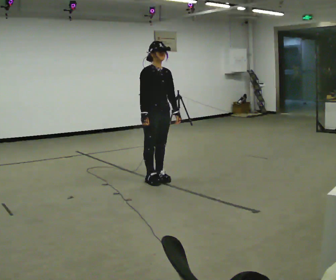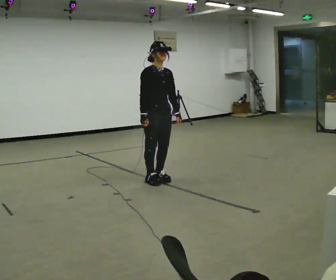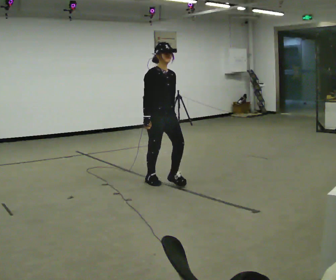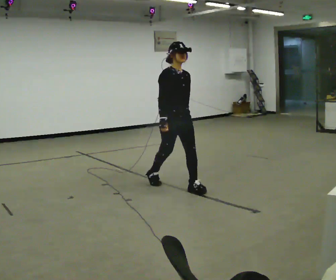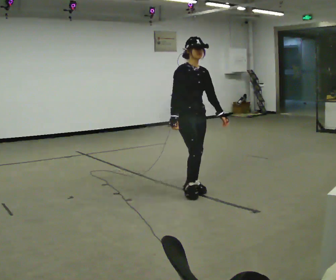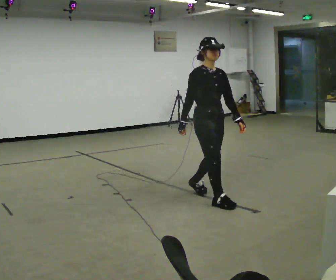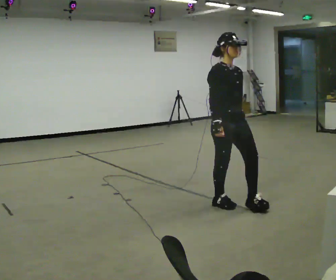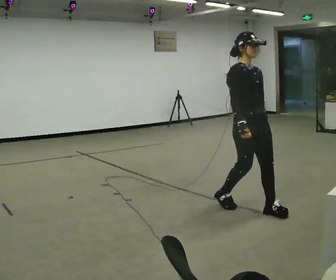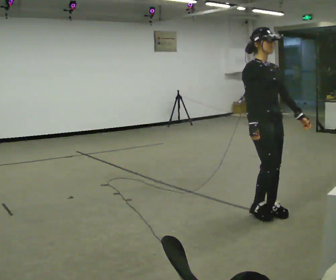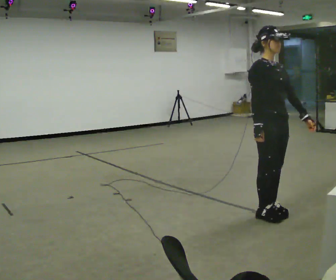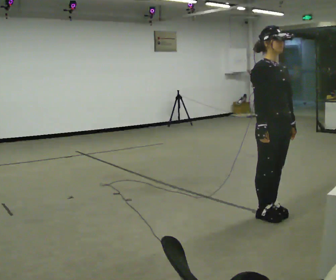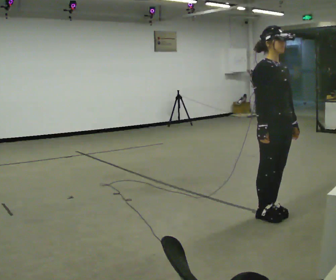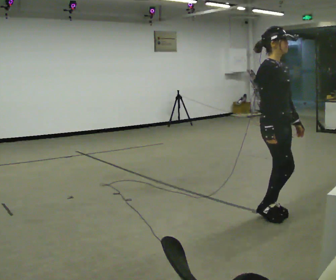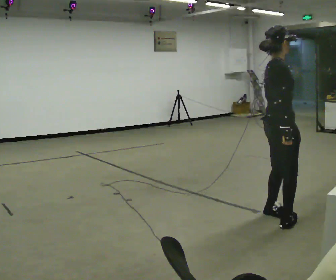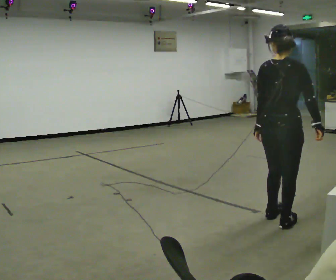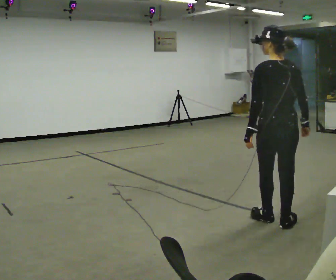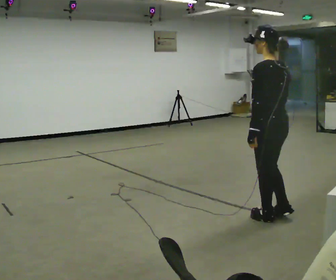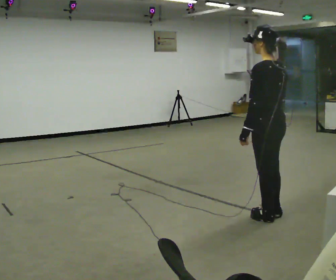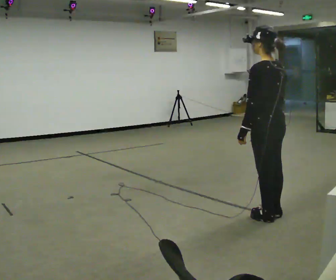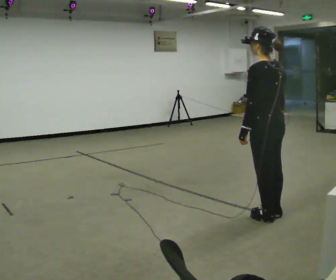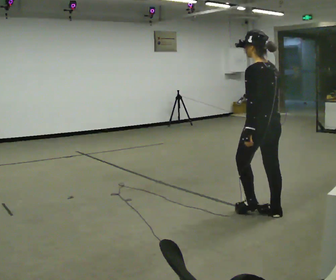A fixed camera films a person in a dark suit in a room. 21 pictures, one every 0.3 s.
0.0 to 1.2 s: In the picture they go to the right and toward the camera, about 0.5 m in 1 step, which for them is forward.
1.2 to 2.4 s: In the picture they go to the right and toward the camera, about 1 m in 2 steps, which for them is forward.
2.4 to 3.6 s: The person moves a little, or ends about where they began.
3.6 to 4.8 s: The part of the body nearest the lens slides to the right as the person turns to their left by about 165 degrees.
4.8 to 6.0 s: In the picture they go away from the camera, about 0.25 m in 1 step, which for them is forward.
The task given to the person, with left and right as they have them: Walk; crouch comfortably at marker; remain briefly; stand and continue.
The film runs forward here.
